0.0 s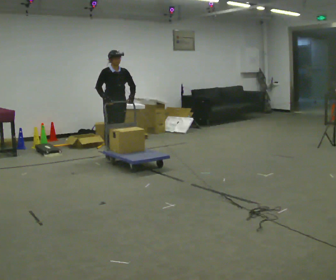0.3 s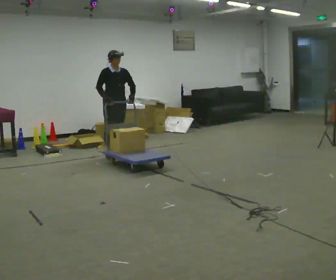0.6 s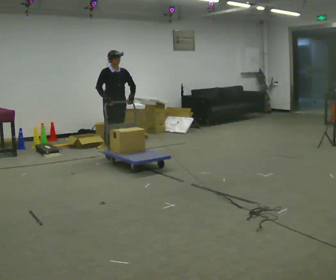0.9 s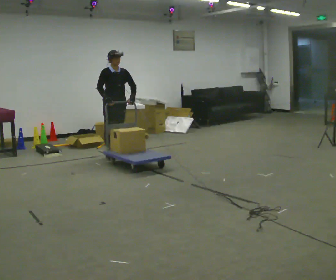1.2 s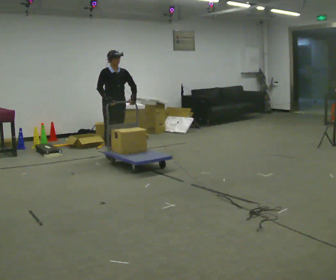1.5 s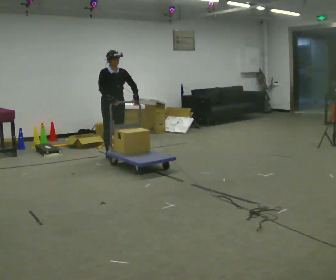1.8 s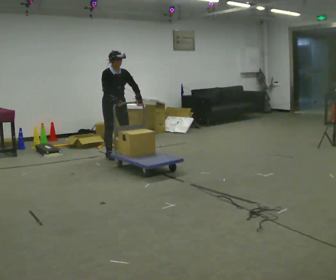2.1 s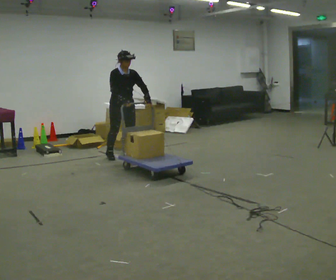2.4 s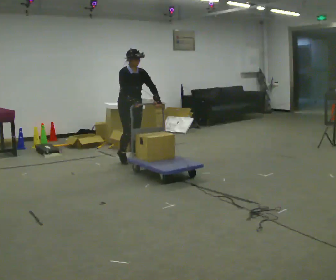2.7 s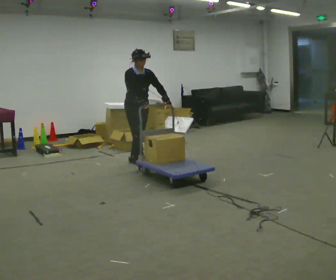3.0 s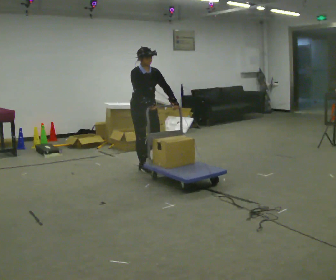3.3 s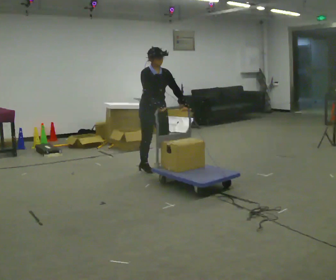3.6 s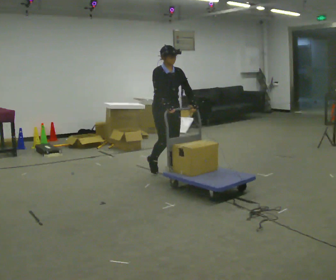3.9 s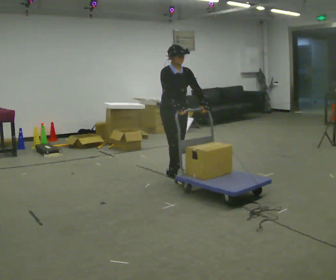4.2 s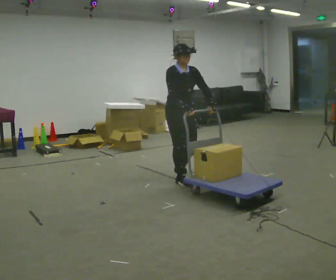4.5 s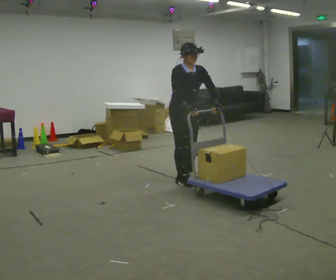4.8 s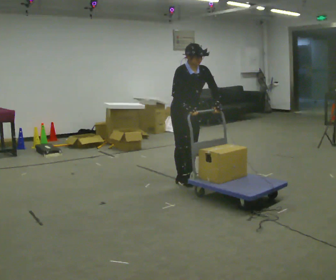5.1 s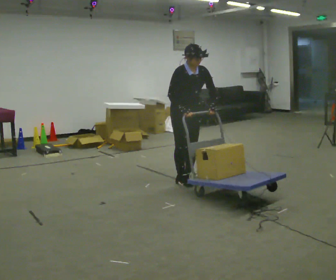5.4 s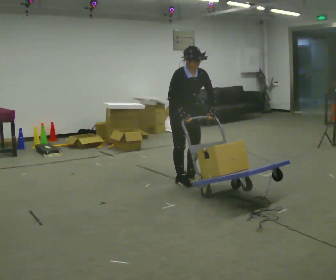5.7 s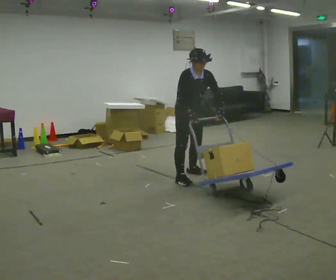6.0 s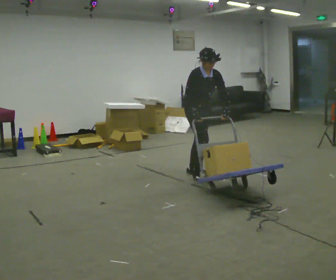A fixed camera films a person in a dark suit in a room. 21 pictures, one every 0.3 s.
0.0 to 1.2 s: The person moves a little, or ends about where they began.
1.2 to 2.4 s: In the picture they go toward the camera and to the right, about 0.5 m in 1 step, which for them is forward.
2.4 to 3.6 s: In the picture they go toward the camera and to the right, about 1 m in 2 steps, which for them is forward.
3.6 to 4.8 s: In the picture they go toward the camera and to the right, about 0.5 m in 2 steps, which for them is forward.
4.8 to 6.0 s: In the picture they go away from the camera, about 0.25 m in 1 step, which for them is to their left and backward.
The film runs forward here.
